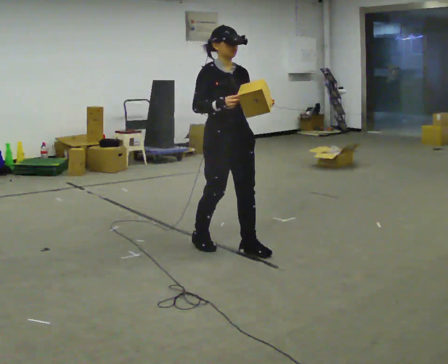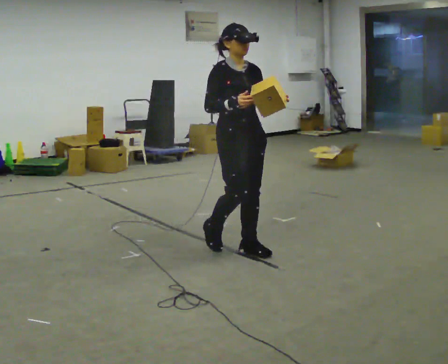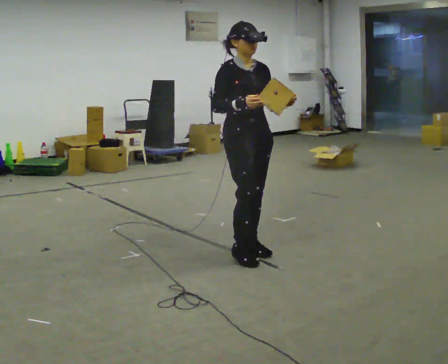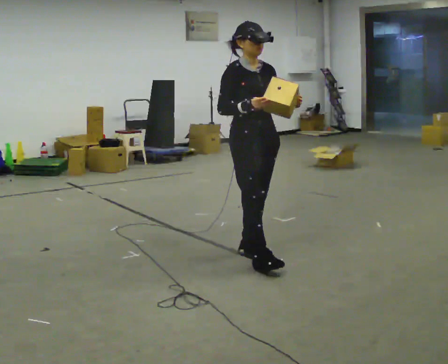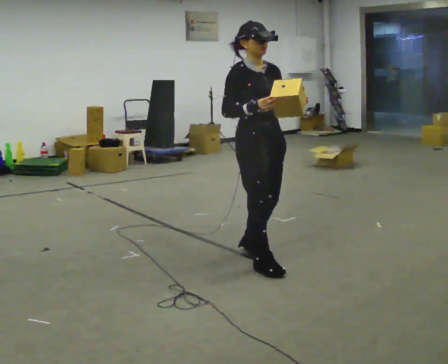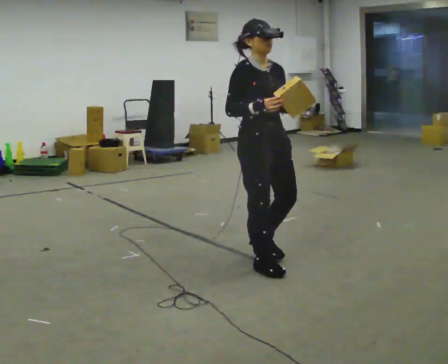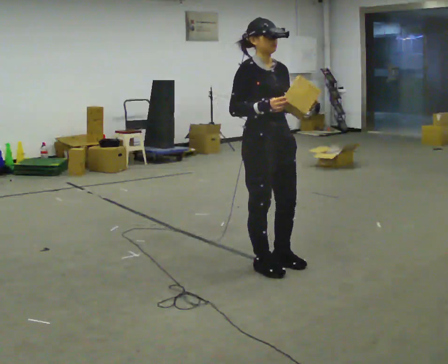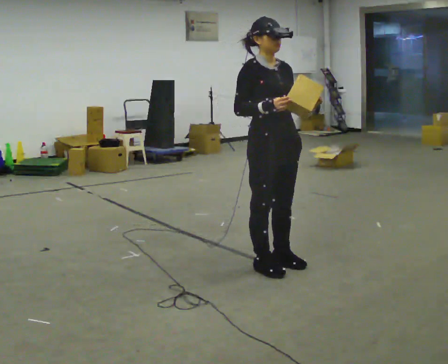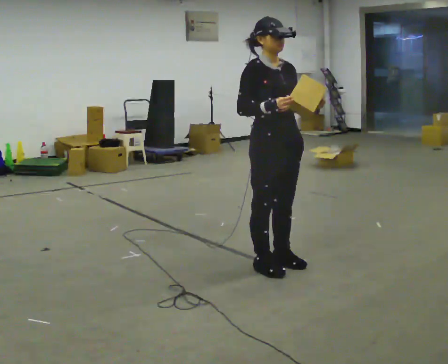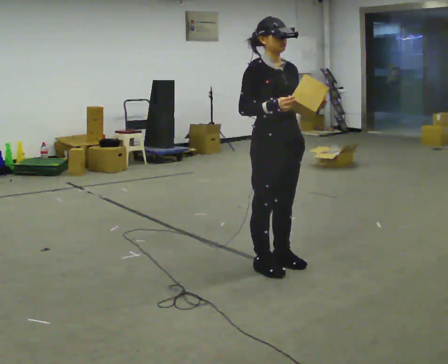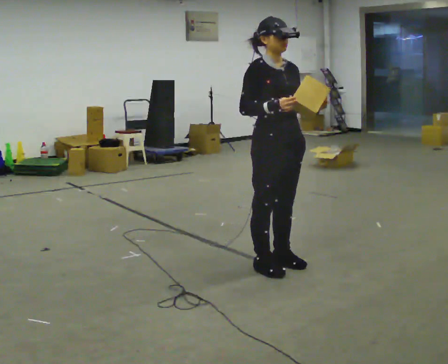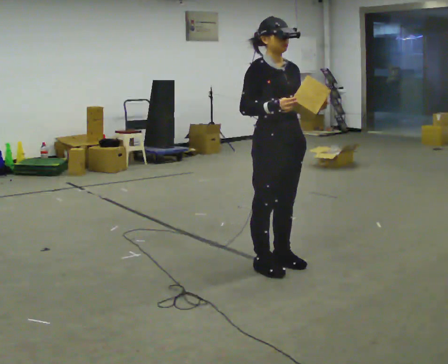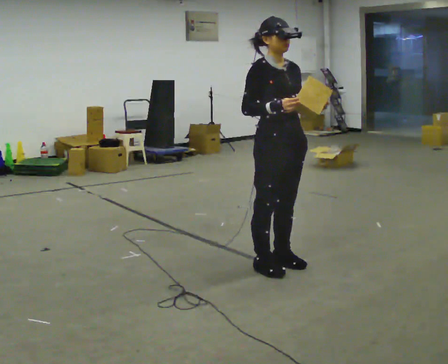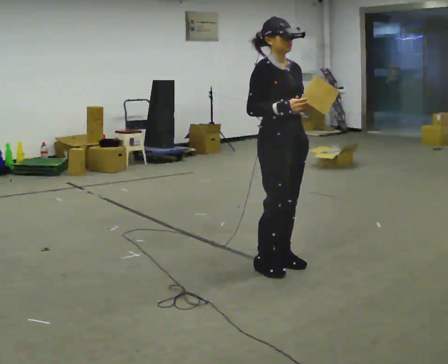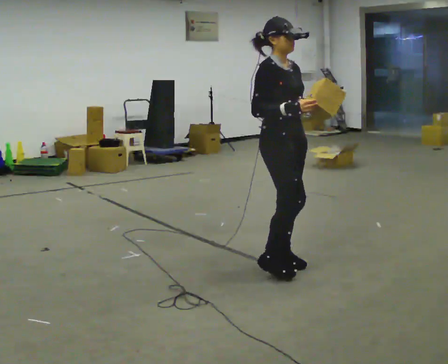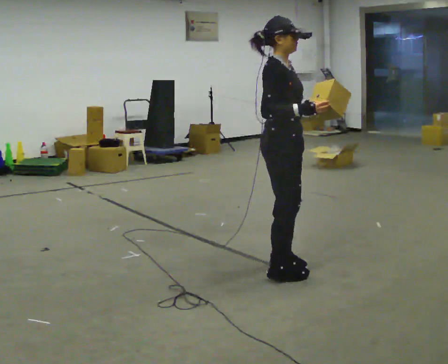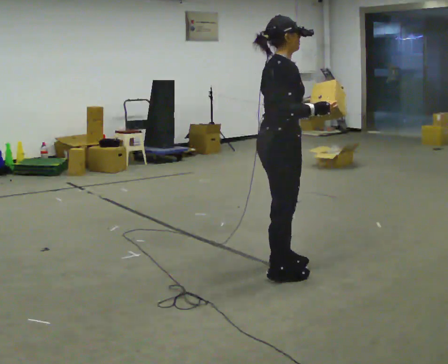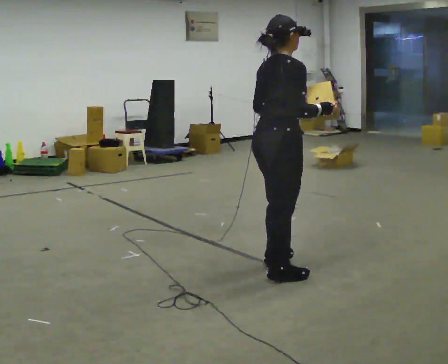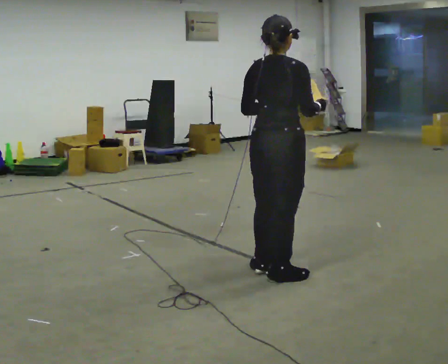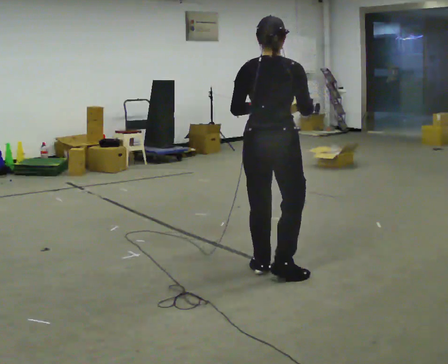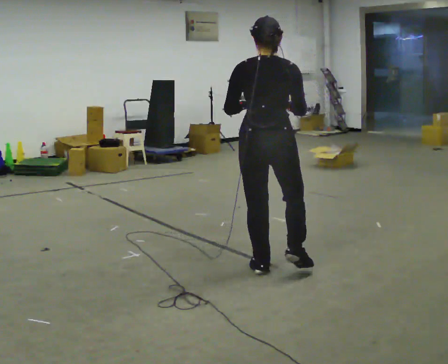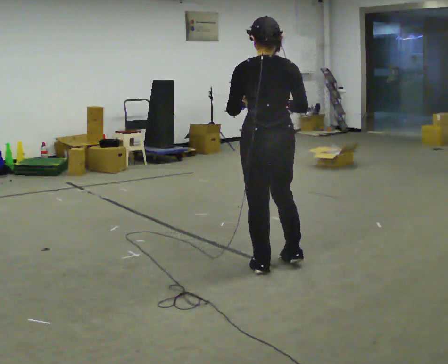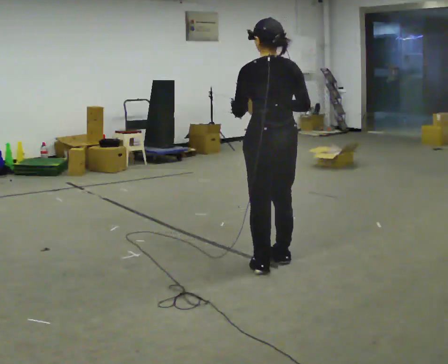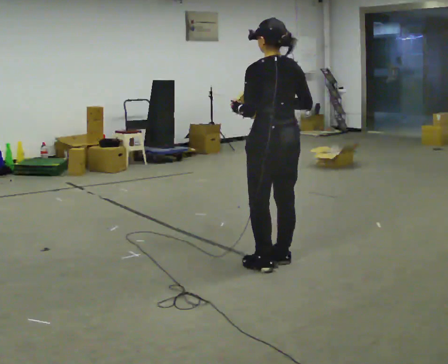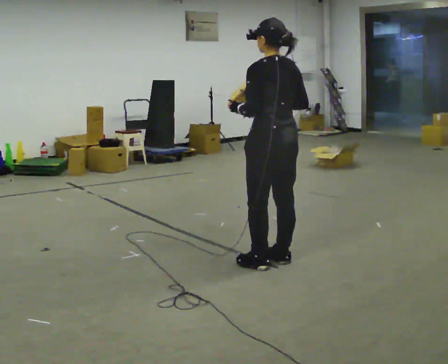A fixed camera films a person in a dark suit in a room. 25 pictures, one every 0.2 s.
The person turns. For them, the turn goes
to their left.
The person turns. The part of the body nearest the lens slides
to the right.
0.0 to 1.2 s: In the picture they go to the right and toward the camera, about 0.5 m in 2 steps, which for them is forward.
1.2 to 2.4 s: The person moves a little, or ends about where they began.
2.4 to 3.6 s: The person turns about 105 degrees to their left, counterclockwise seen from above, so the part of the body nearest the lens slides to the right. In the picture they go toward the camera, about 0.25 m in 2 steps. In the picture their left hand goes to the left.
3.6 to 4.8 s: The person turns about 75 degrees to their left, counterclockwise seen from above, so the part of the body nearest the lens slides to the right. In the picture they go away from the camera, about 0.25 m in 1 step. In the picture their right hand goes to the left.
The film runs forward here.
